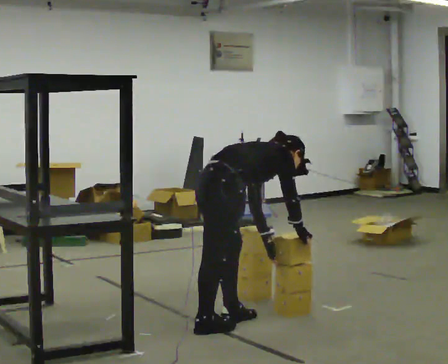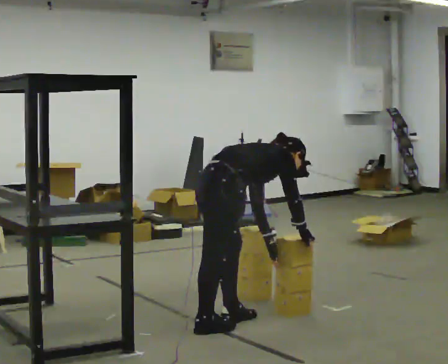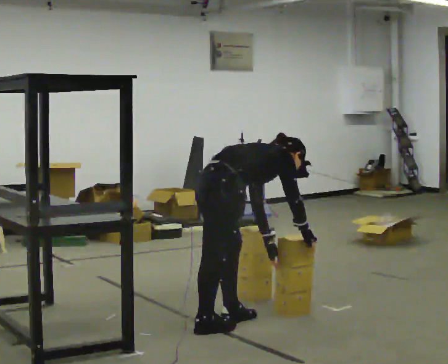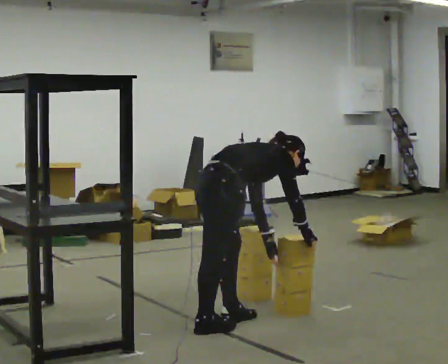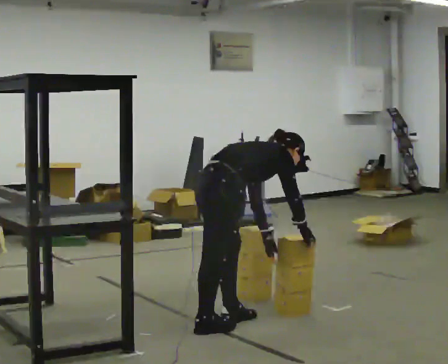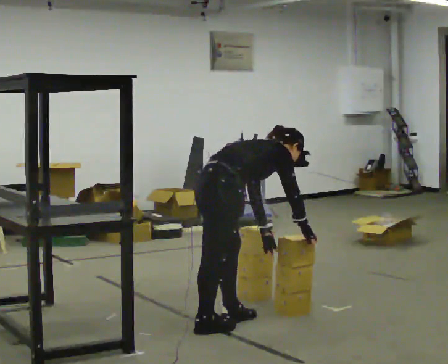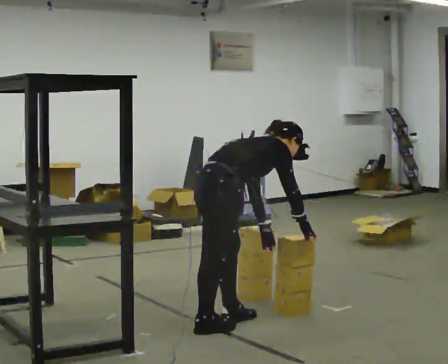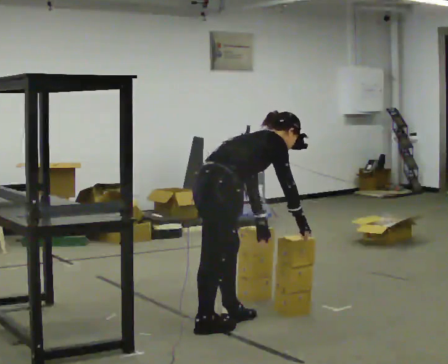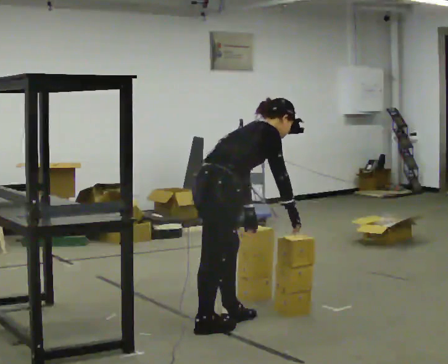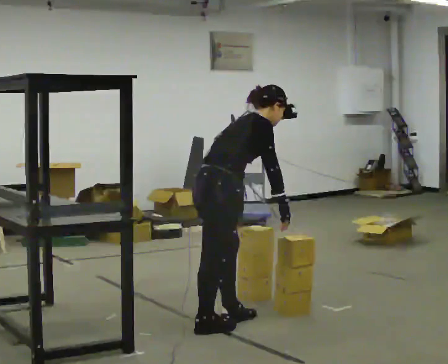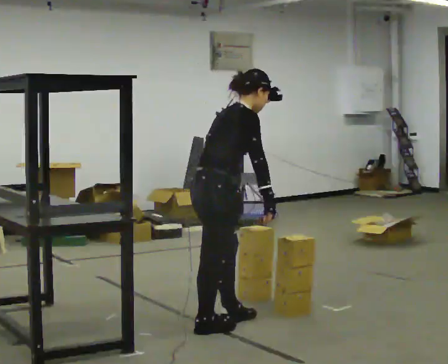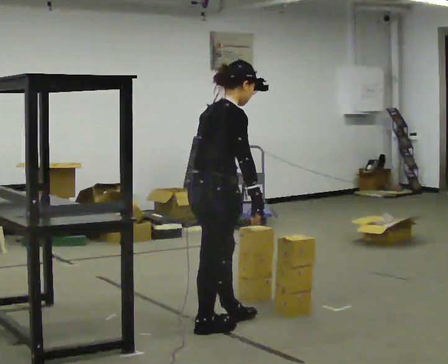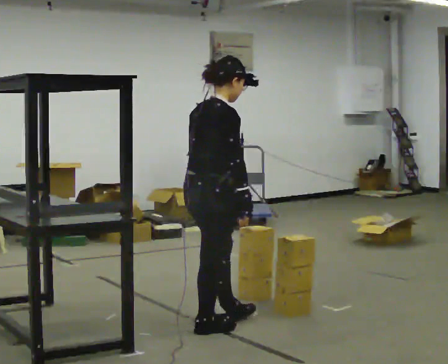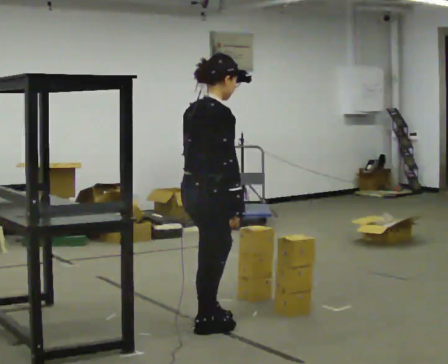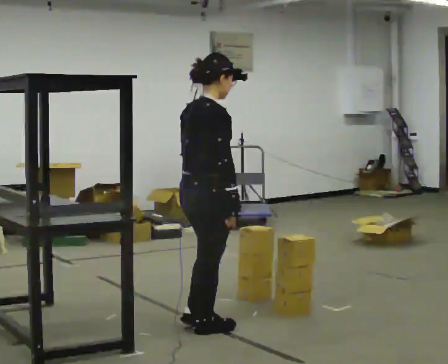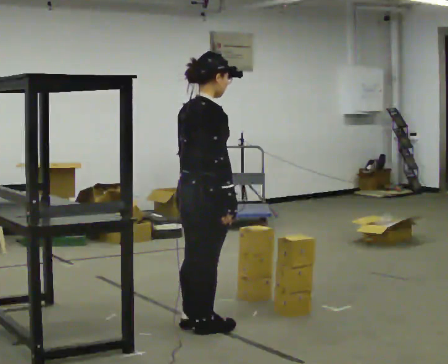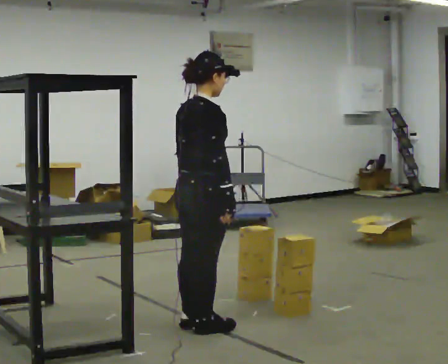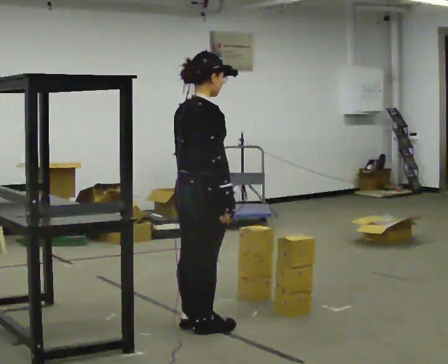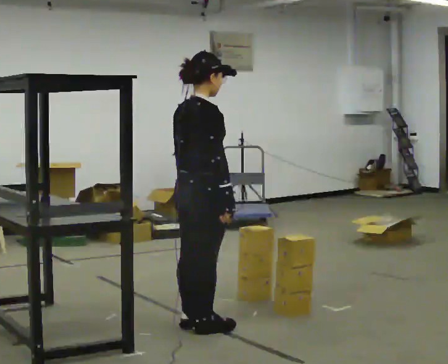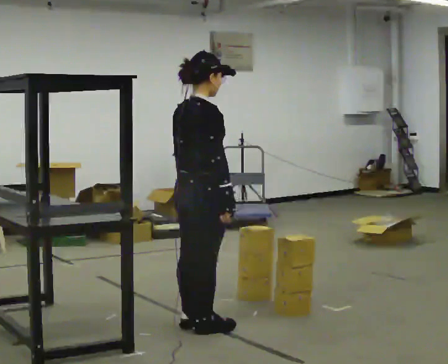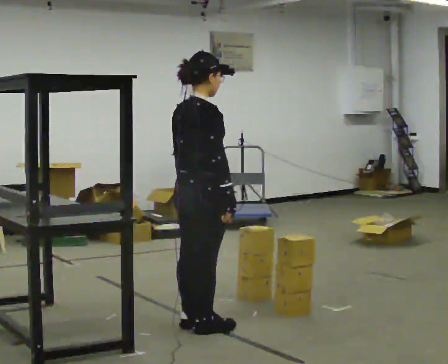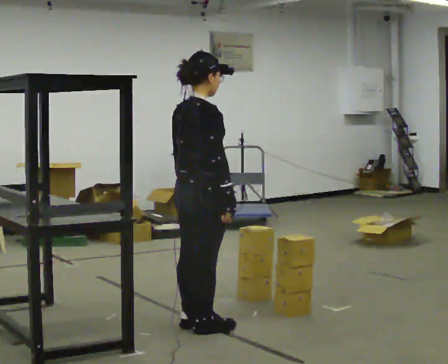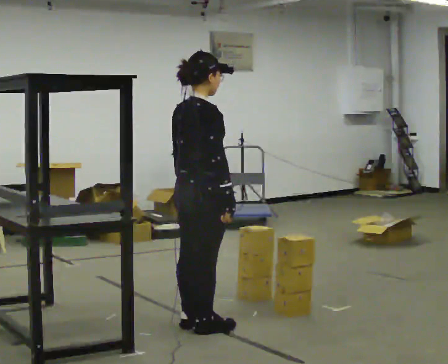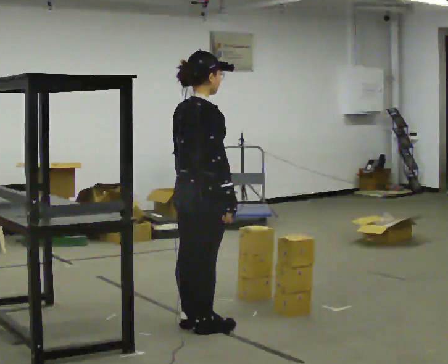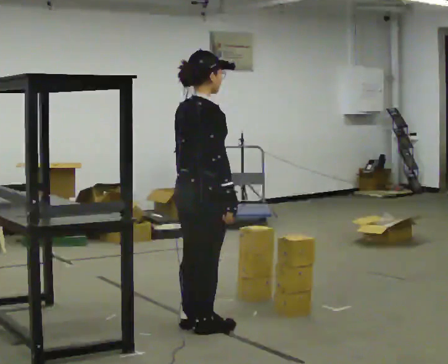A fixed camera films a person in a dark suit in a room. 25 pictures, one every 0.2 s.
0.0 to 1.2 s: The person moves a little, or ends about where they began.
1.2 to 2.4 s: The upper body goes upward. In the picture the upper body tilts counterclockwise, shoulders to the left, as they lean back or straighten. In the picture their left hand goes to the left.
2.4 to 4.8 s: The person moves a little, or ends about where they began.
The film runs backward here.
